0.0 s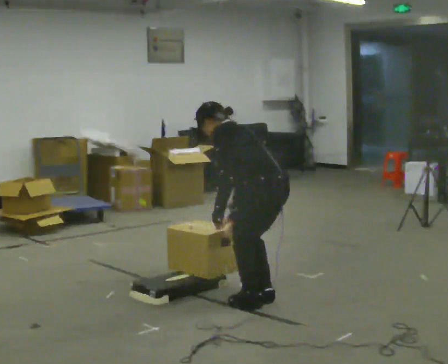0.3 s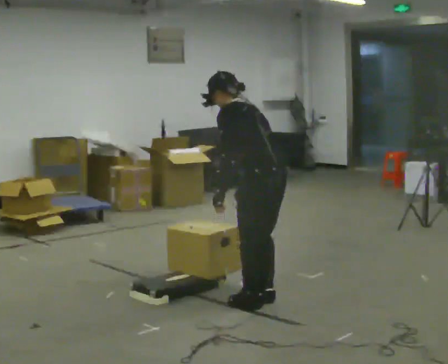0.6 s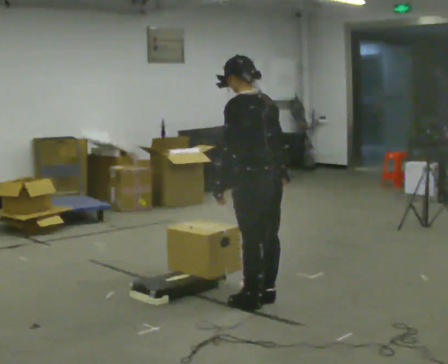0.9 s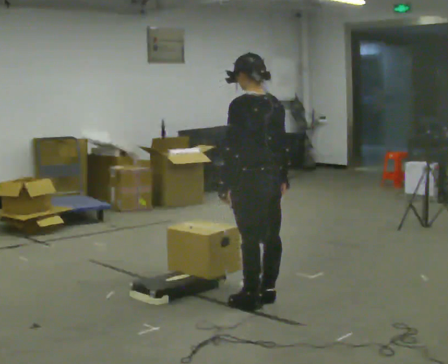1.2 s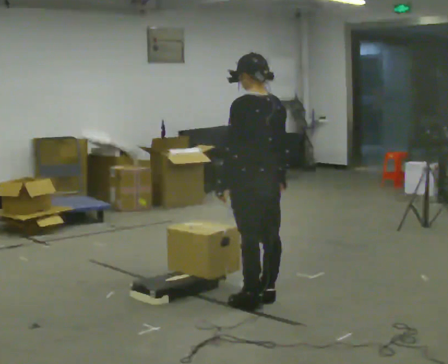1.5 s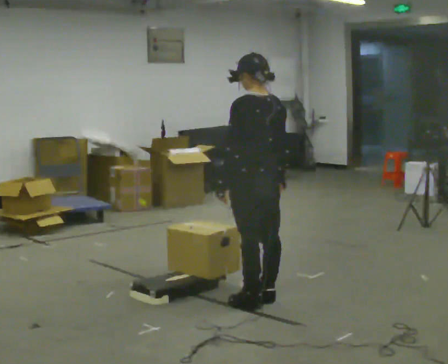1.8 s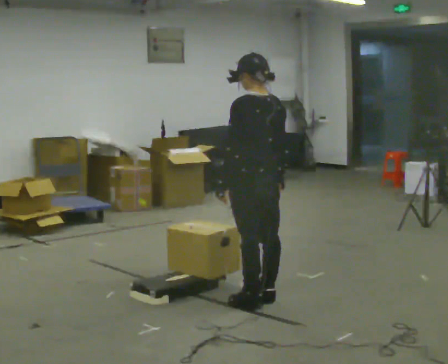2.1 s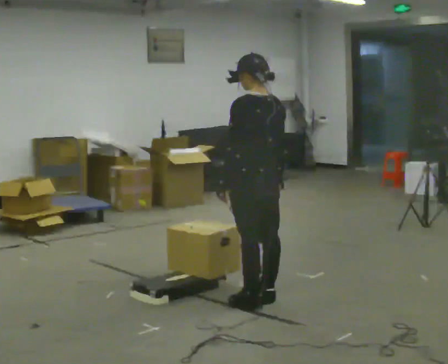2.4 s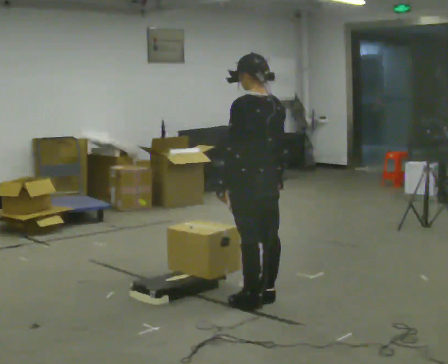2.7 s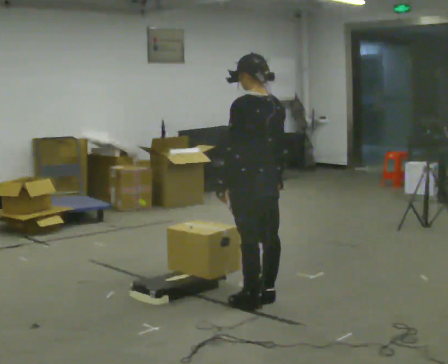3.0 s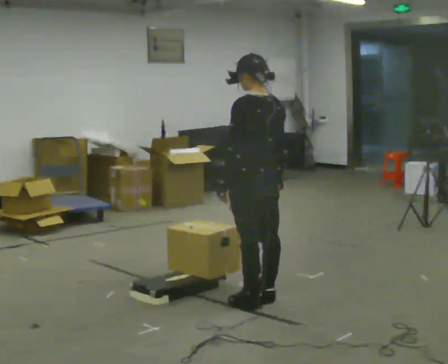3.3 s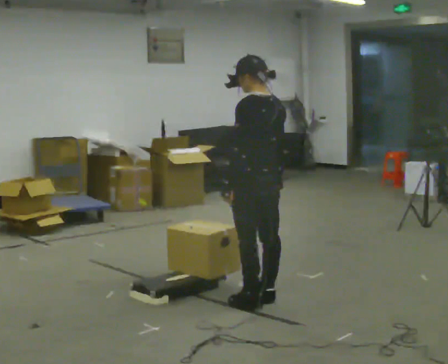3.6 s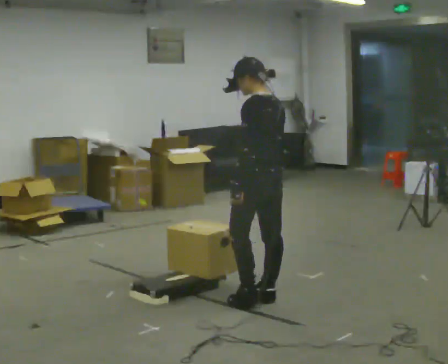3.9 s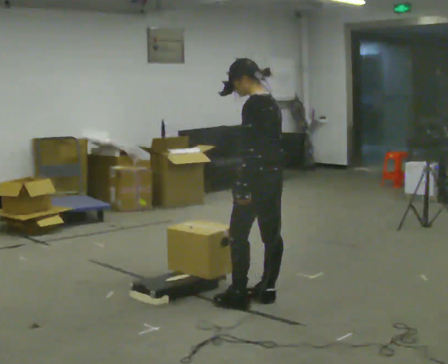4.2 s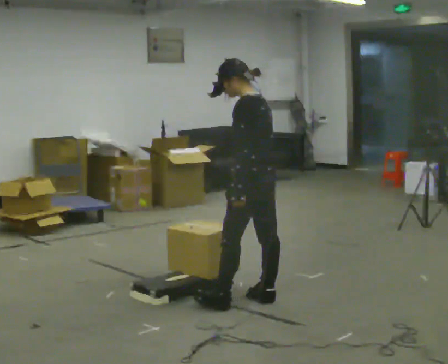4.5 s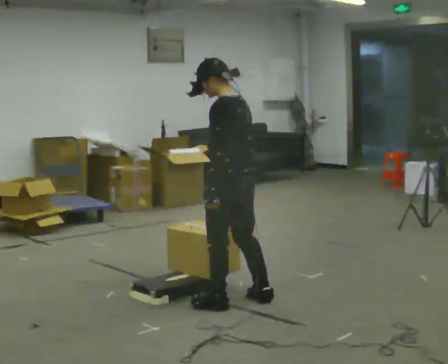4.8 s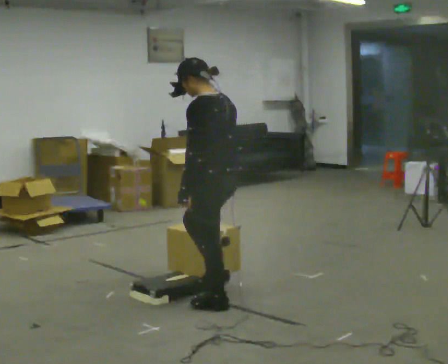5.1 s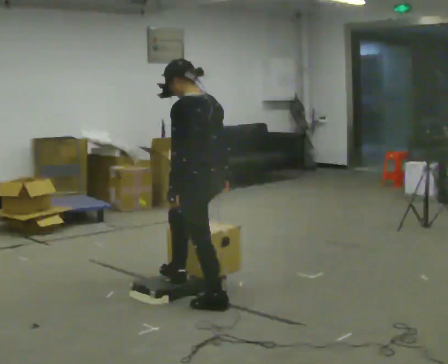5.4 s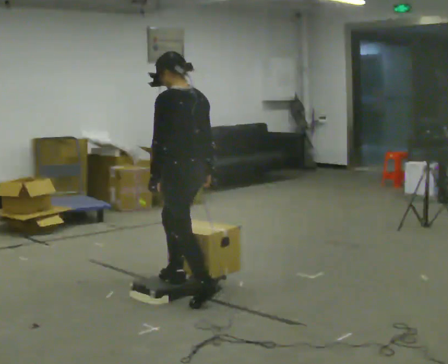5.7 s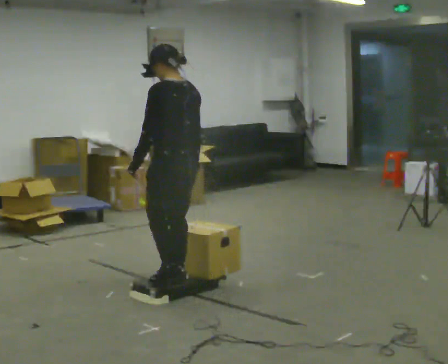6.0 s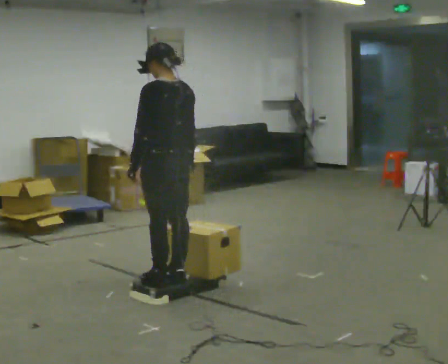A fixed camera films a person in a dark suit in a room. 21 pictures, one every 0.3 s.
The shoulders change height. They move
upward.
0.0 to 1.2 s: The upper body goes upward. In the picture the upper body tilts clockwise, shoulders to the right, as they lean back or straighten.
1.2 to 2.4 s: The person keeps their place and pose.
2.4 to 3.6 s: The person moves a little, or ends about where they began.
3.6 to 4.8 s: In the picture they go to the left, about 0.25 m in 1 step, which for them is forward and to their left.
4.8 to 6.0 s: In the picture they go to the left and away from the camera, about 0.5 m in 2 steps, which for them is forward.
The film runs forward here.
